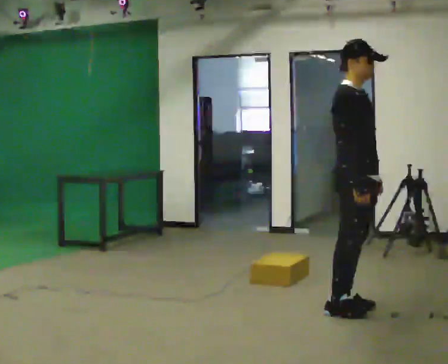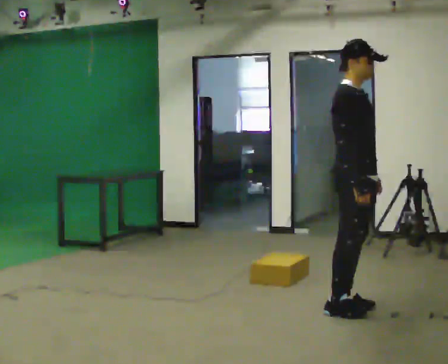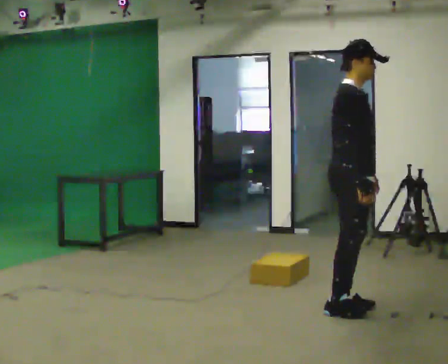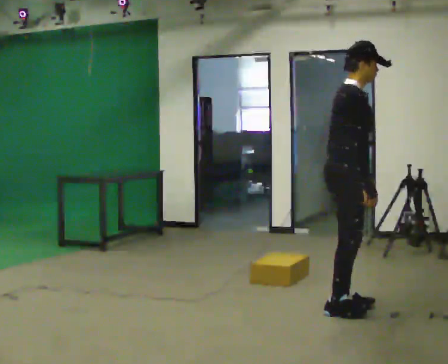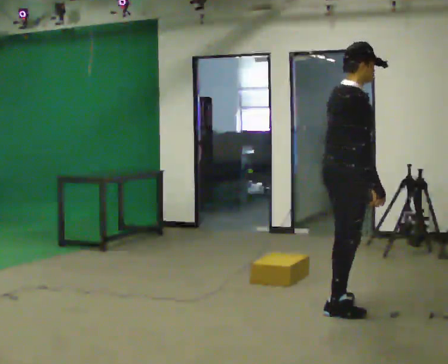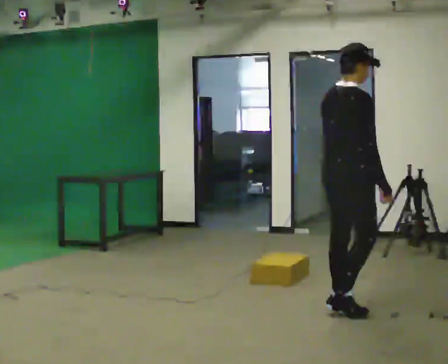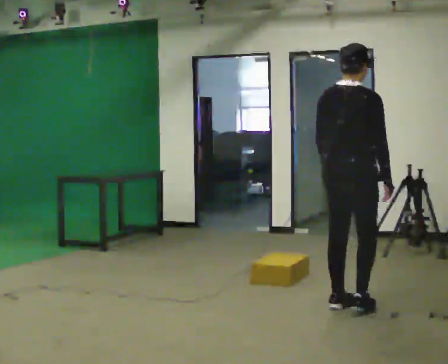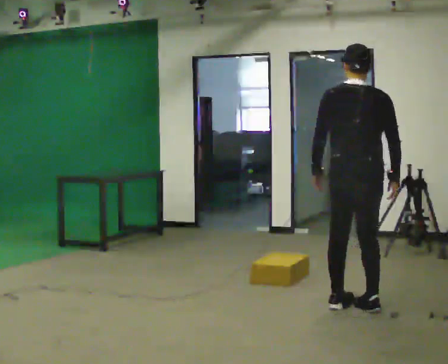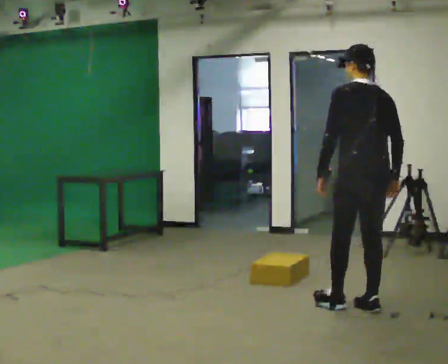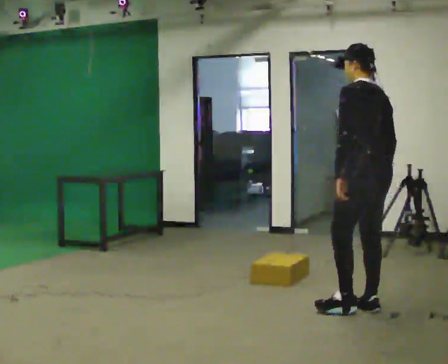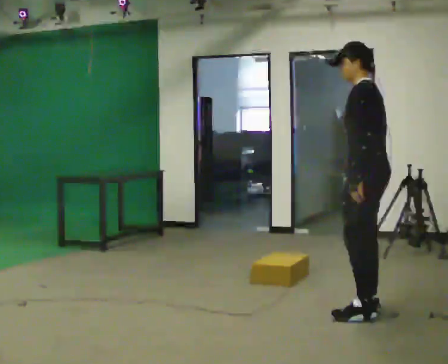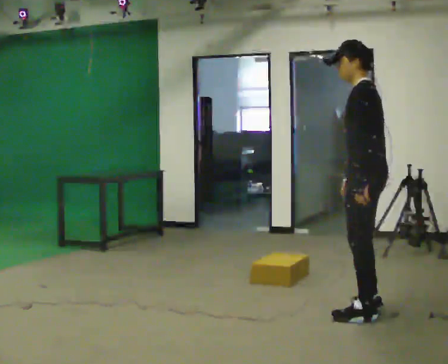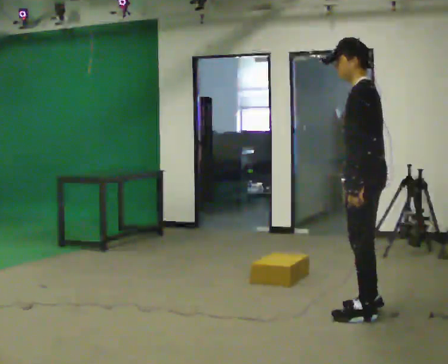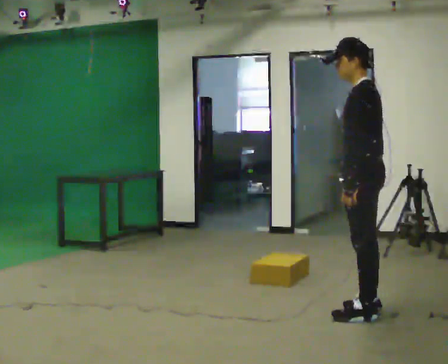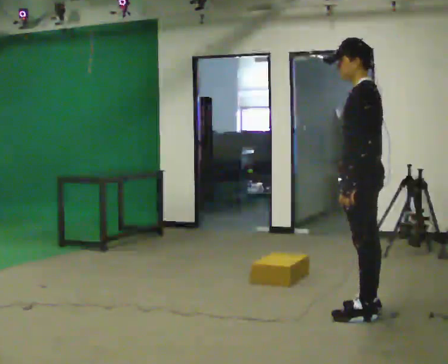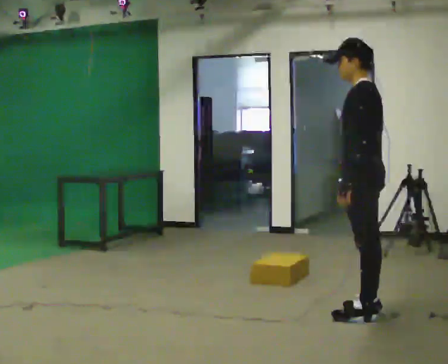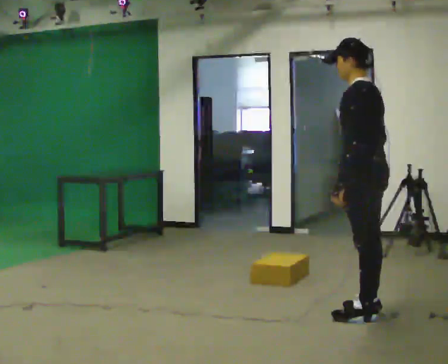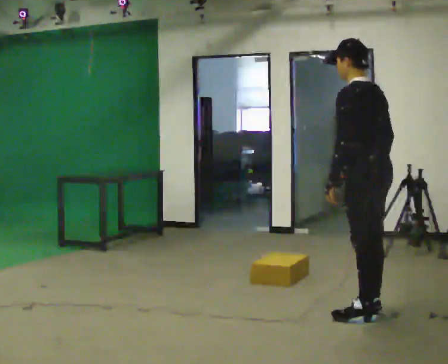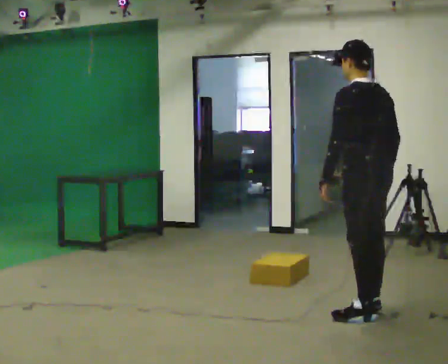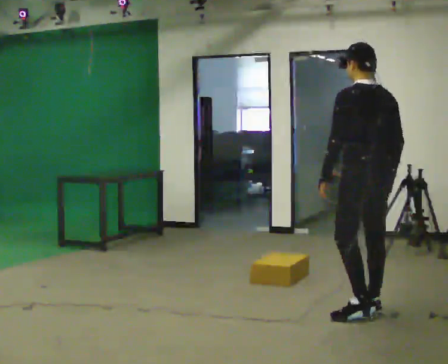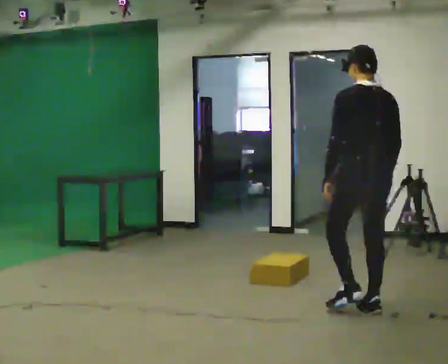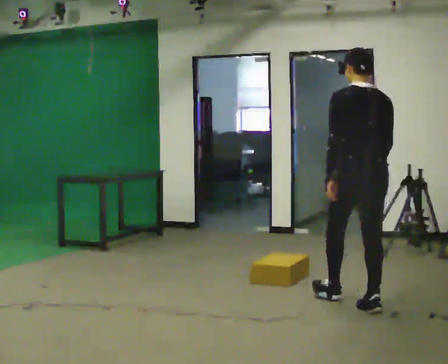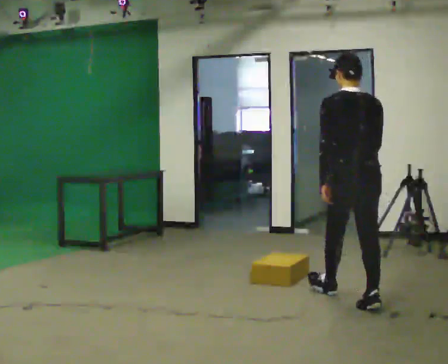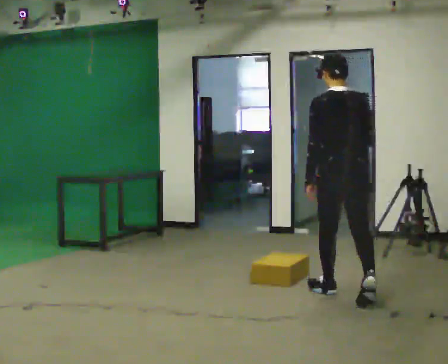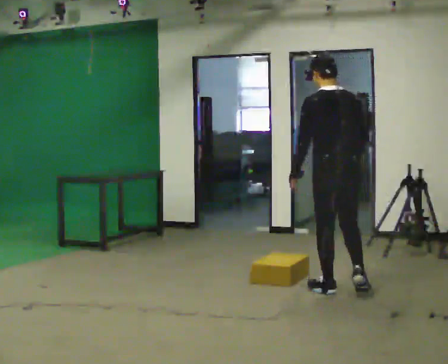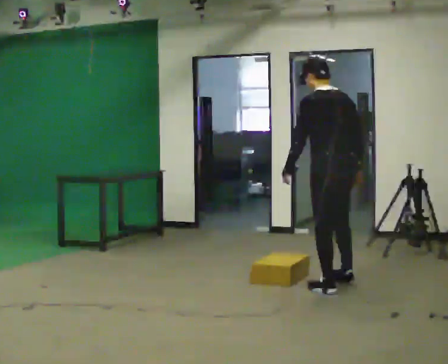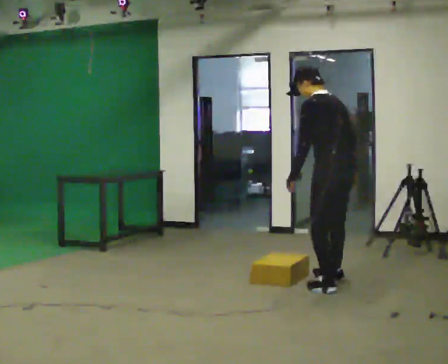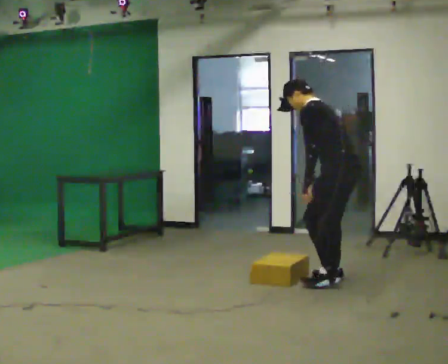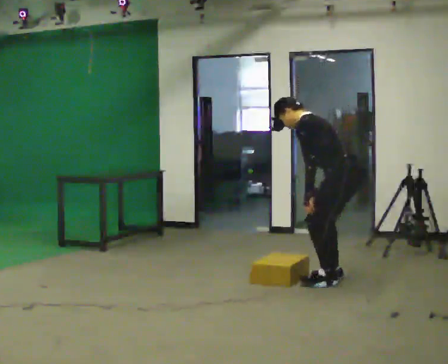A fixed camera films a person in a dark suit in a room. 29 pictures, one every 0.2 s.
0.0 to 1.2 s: The part of the body nearest the lens slides to the right as the person turns to their left by about 75 degrees. In the picture their left hand goes to the left.
1.2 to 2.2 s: The part of the body nearest the lens slides to the right as the person turns to their left by about 105 degrees.
2.2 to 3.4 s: The part of the body nearest the lens slides to the left as the person turns to their right by about 30 degrees.
3.4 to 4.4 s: Seen from above the body turns clockwise, about 45 degrees: to their right, with its near side sliding to the left. In the picture they go away from the camera, about 0.25 m in 1 step, which for them is forward.
4.4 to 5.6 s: The part of the body nearest the lens slides to the right as the person turns to their left by about 45 degrees. In the picture they go away from the camera, about 0.75 m in 2 steps, which for them is forward and to their right. The shoulders move downward. In the picture the upper body tilts counterclockwise, shoulders to the left, as they bend forward.
The film runs forward here.
